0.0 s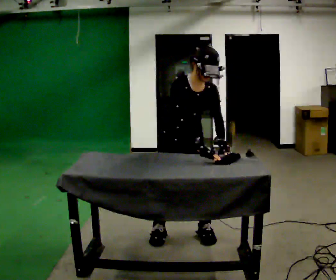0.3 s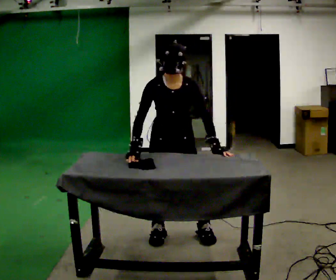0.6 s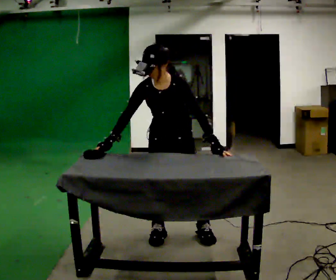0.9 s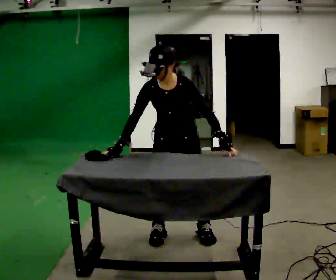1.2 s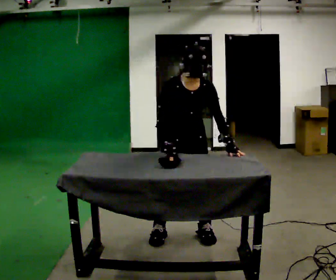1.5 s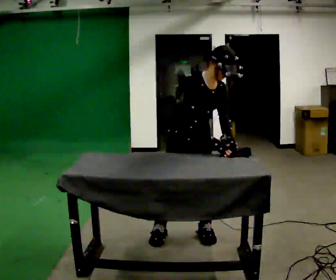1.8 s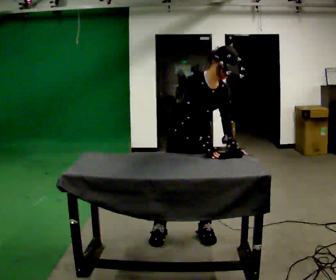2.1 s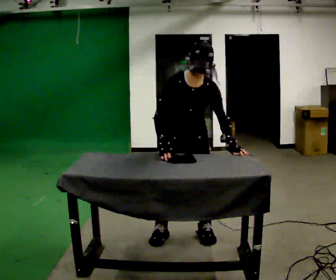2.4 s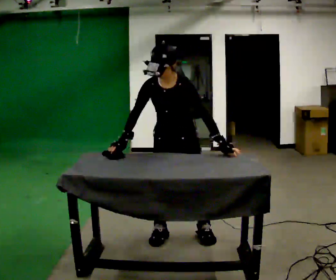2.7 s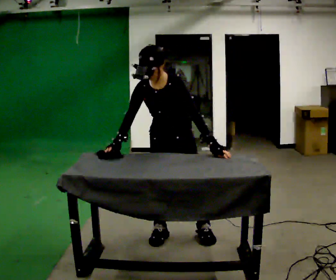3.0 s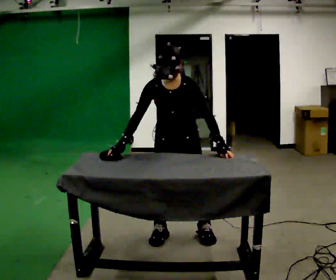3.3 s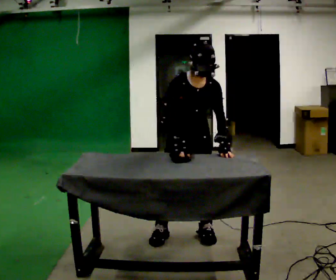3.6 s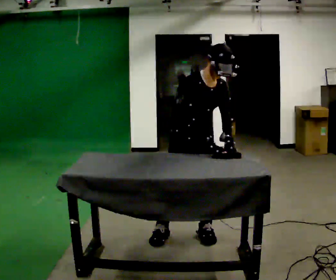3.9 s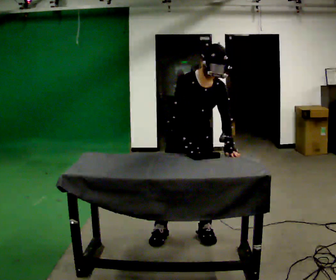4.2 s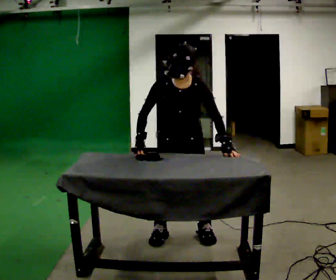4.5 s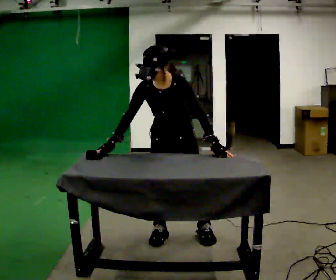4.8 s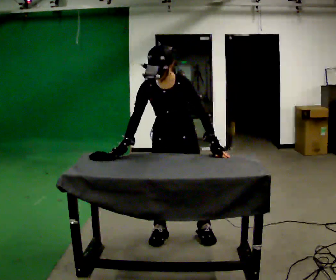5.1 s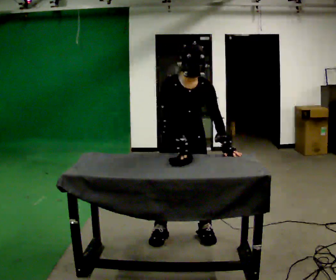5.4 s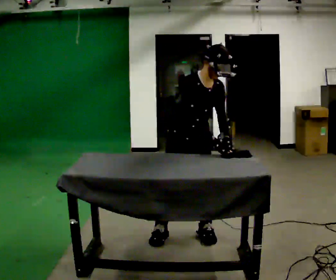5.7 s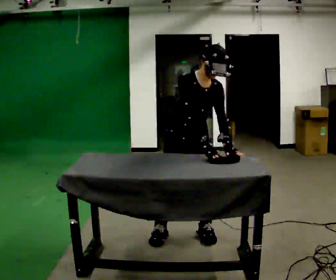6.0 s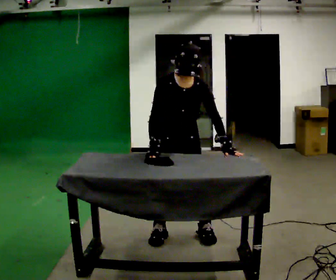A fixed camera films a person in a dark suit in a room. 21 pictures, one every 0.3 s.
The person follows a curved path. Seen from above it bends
clockwise.
0.0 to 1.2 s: The person moves a little, or ends about where they began.
1.2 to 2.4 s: The person turns about 30 degrees to their right, clockwise seen from above, so the part of the body nearest the lens slides to the left. In the picture their right hand goes to the left.
2.4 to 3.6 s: The person turns about 45 degrees to their left, counterclockwise seen from above, so the part of the body nearest the lens slides to the right. In the picture the upper body tilts clockwise, shoulders to the right. In the picture their right hand goes to the right, the arm swinging counterclockwise.
3.6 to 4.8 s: Seen from above the body turns clockwise, about 30 degrees: to their right, with its near side sliding to the left. In the picture the upper body tilts counterclockwise, shoulders to the left. In the picture their right hand goes to the left.
4.8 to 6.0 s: The person moves a little, or ends about where they began.
The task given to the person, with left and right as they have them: Cover the whole panel with the brush or roller, using long strokes. Repeat at your own pace until the operator says stop. Keep both feet on the marked spots for the whole take. If you have to step, stop and tell the operator.
The film runs forward here.
